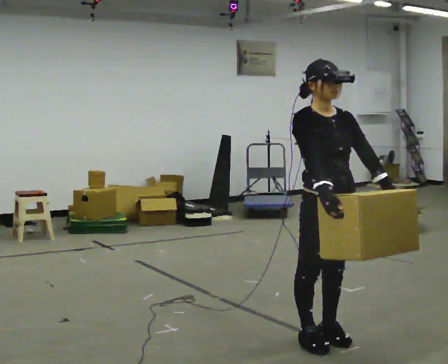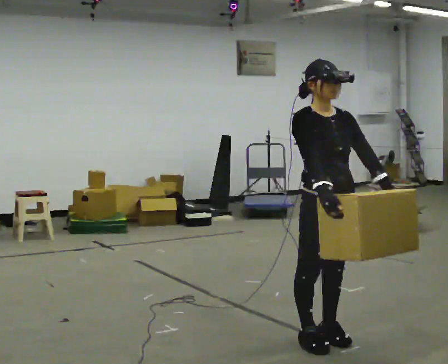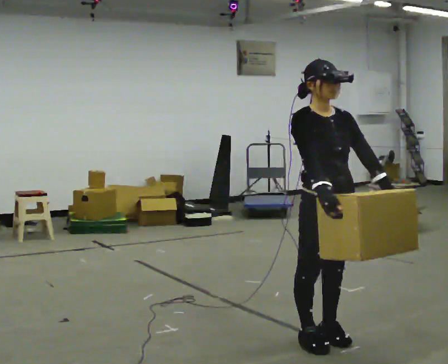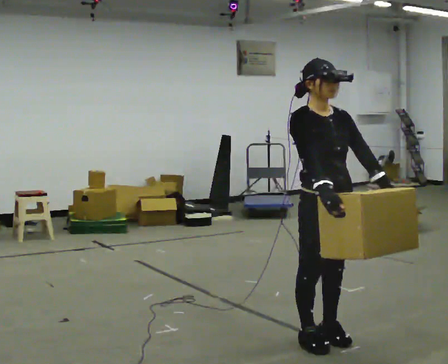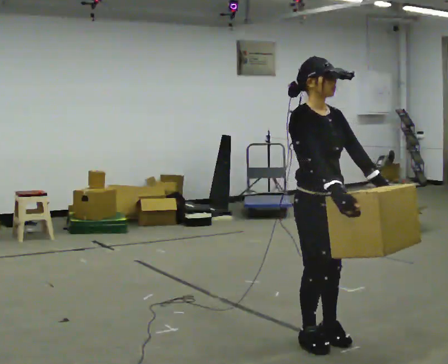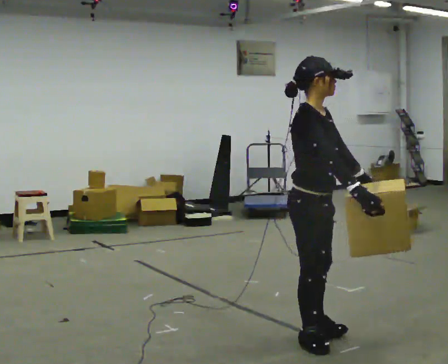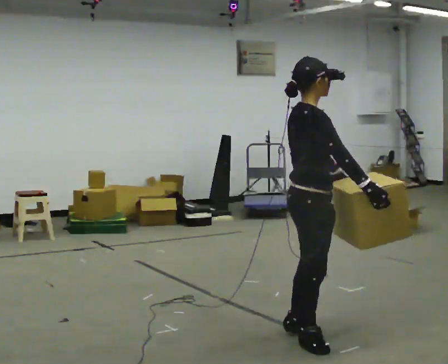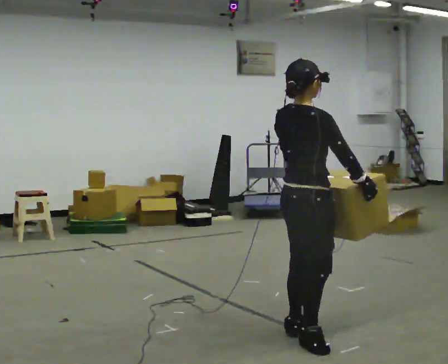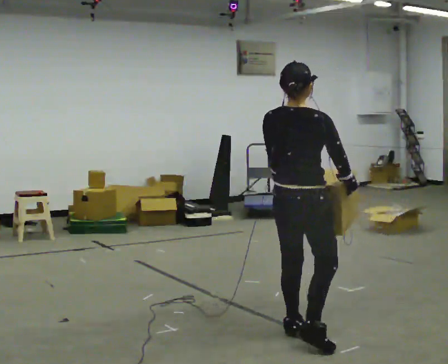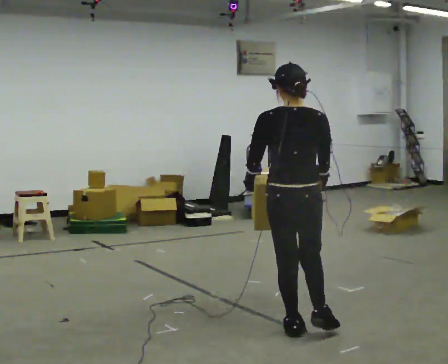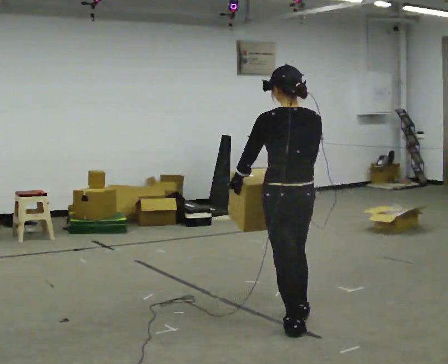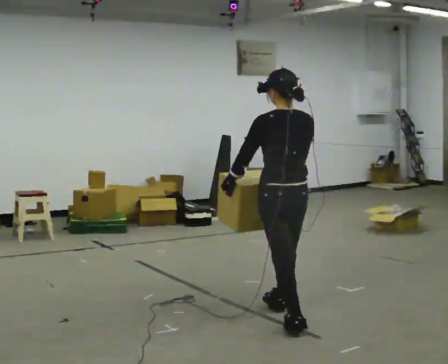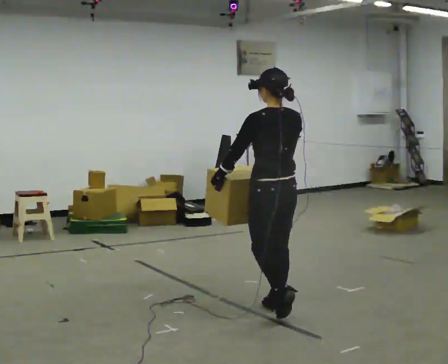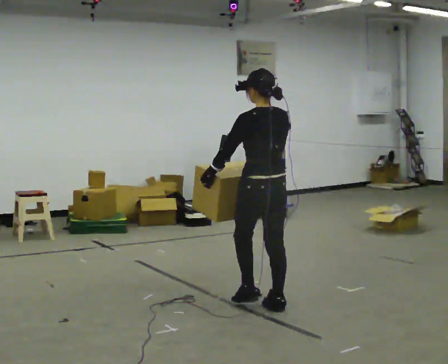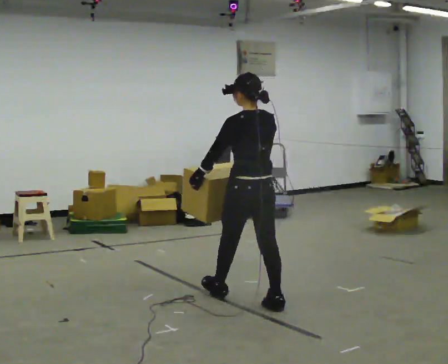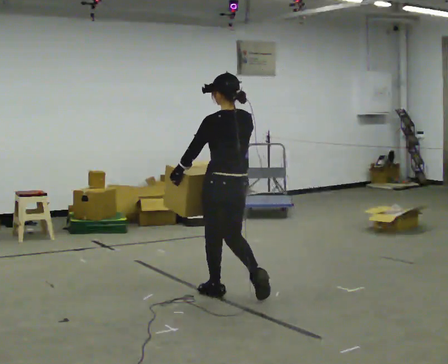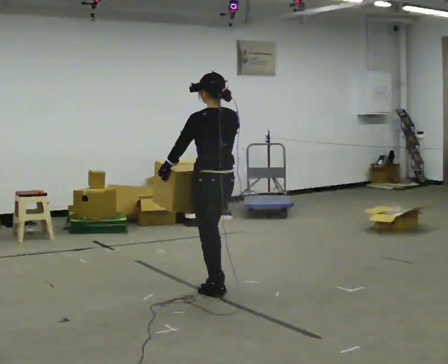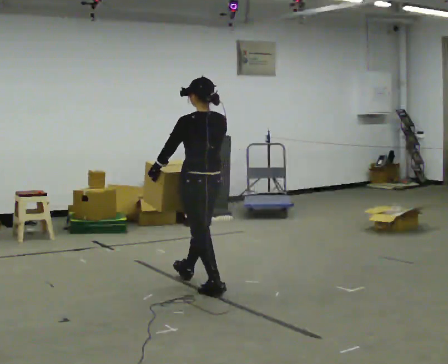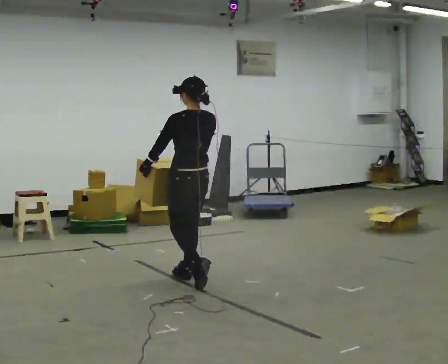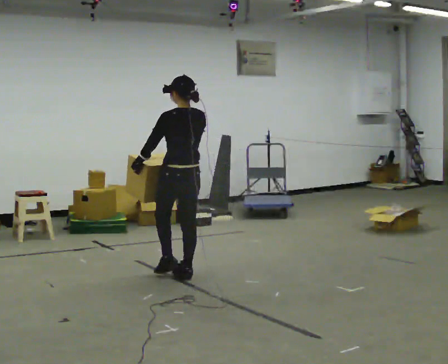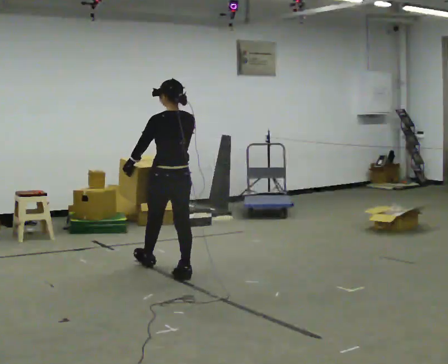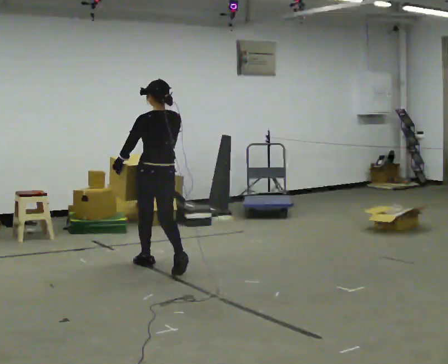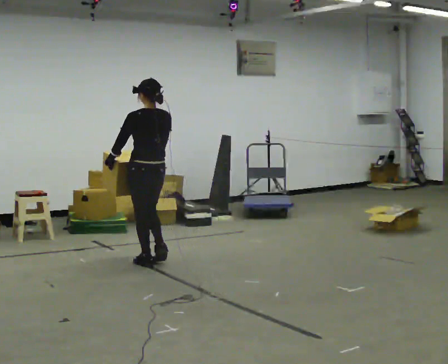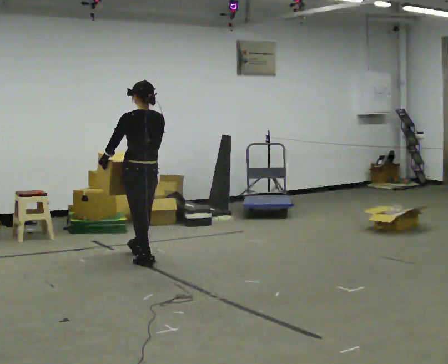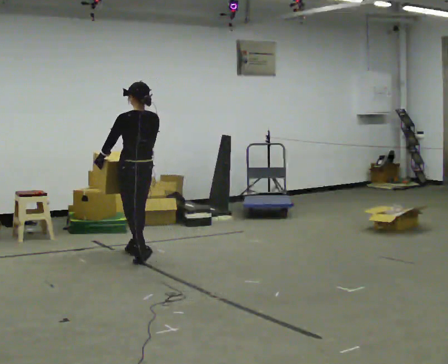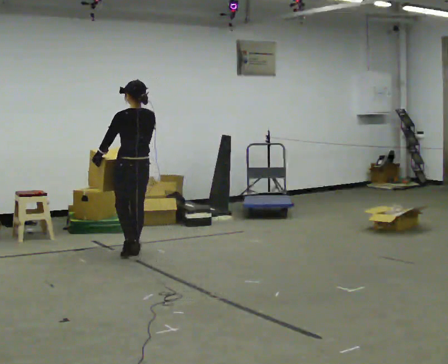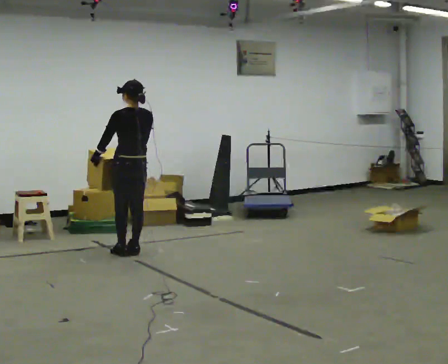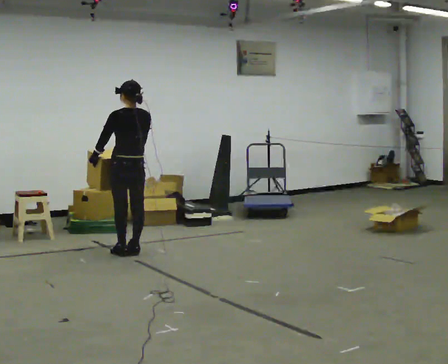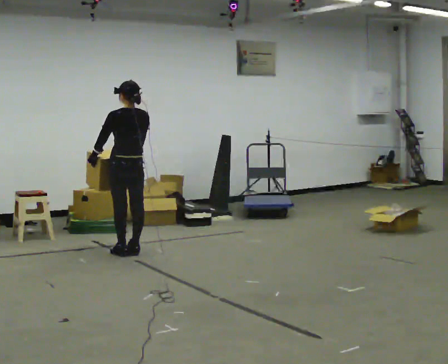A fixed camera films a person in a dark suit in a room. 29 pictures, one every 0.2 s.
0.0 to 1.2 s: The part of the body nearest the lens slides to the right as the person turns to their left by about 75 degrees.
1.2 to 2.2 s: The part of the body nearest the lens slides to the right as the person turns to their left by about 105 degrees. In the picture they go away from the camera, about 0.5 m.
2.2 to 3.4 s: In the picture they go away from the camera and to the left, about 1 m in 3 steps, which for them is forward.
3.4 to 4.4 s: In the picture they go away from the camera and to the left, about 1 m in 1 step, which for them is forward.
4.4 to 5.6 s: In the picture they go away from the camera and to the left, about 0.5 m in 2 steps, which for them is forward.
The film runs forward here.
